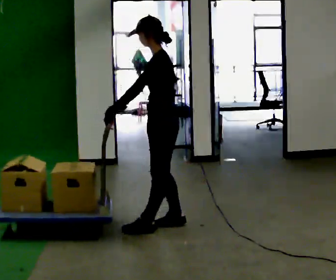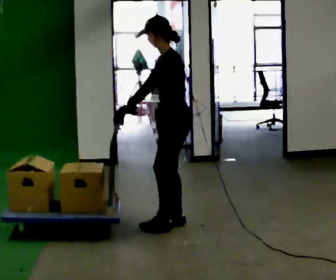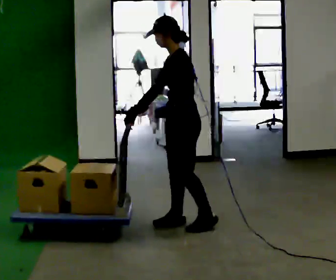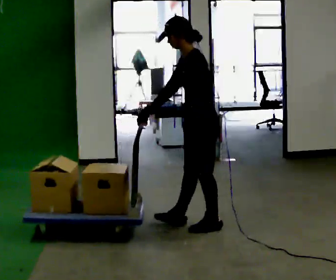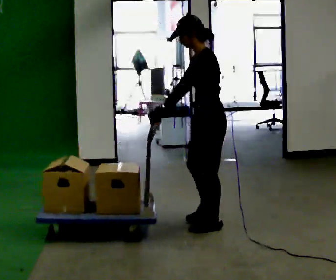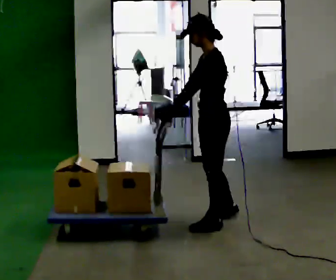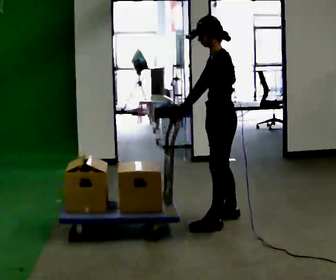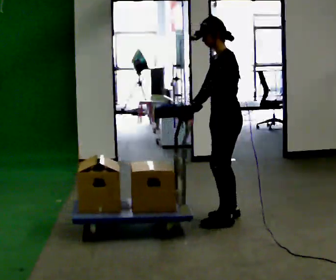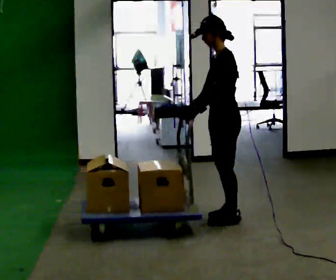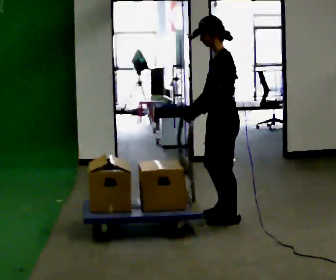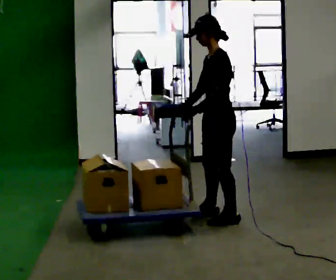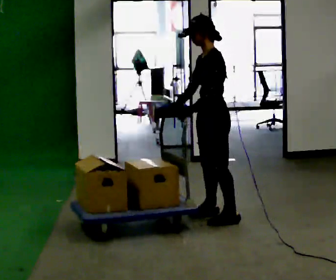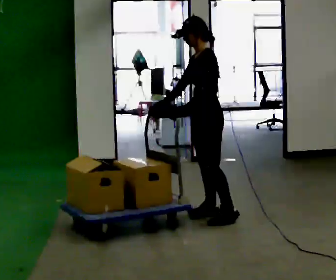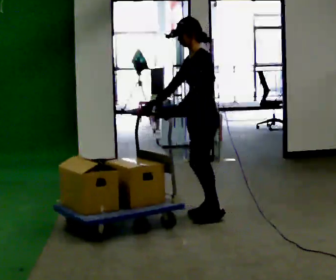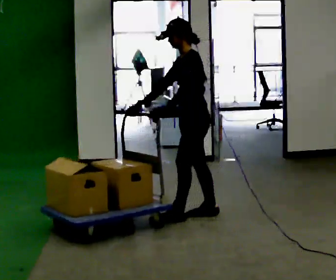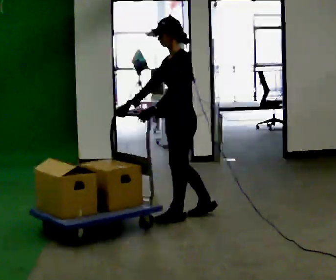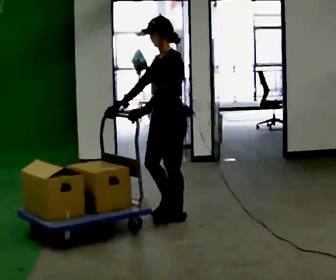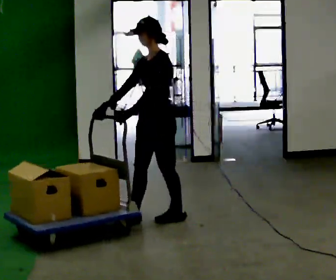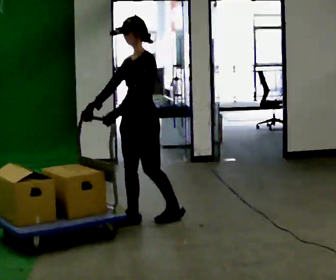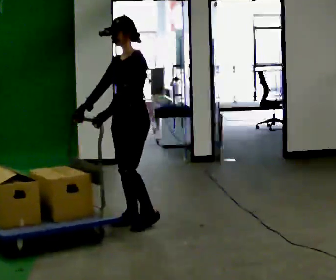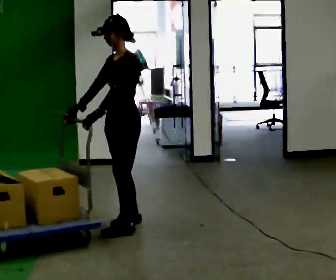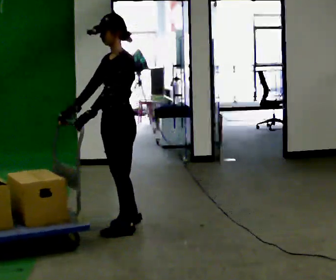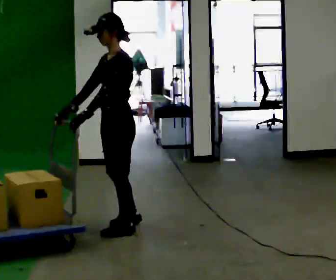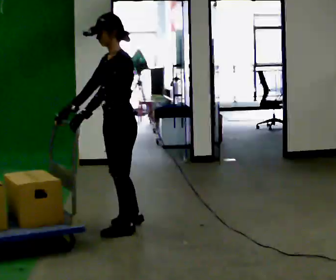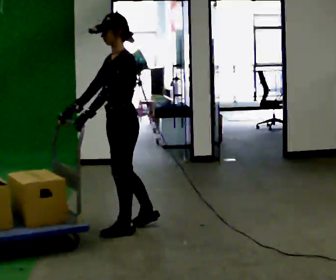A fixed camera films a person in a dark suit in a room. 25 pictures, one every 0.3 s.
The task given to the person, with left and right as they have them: Get the cart into the marked parking space and lined up with the tape. Take as many adjustments as you need. Then take it out again and repeat.
0.0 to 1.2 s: In the picture they go to the right, about 0.25 m in 1 step, which for them is backward.
1.2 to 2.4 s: In the picture they go away from the camera, about 0.25 m in 2 steps, which for them is to their right and backward.
2.4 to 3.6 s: The person moves a little, or ends about where they began.
3.6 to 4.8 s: In the picture they go to the left, about 0.25 m in 1 step, which for them is forward.
4.8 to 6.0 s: In the picture they go to the left and toward the camera, about 0.5 m in 2 steps, which for them is forward.
6.0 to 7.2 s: The person moves a little, or ends about where they began.
The film runs forward here.
